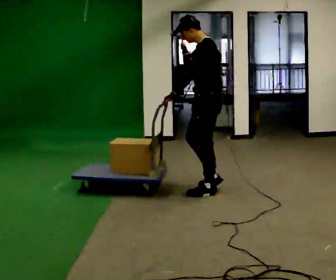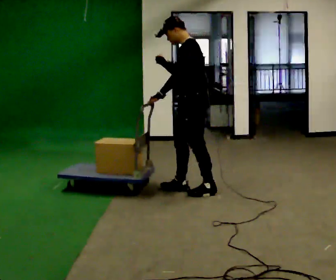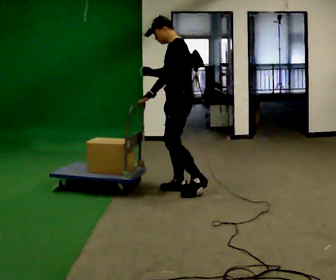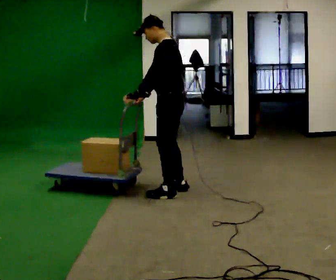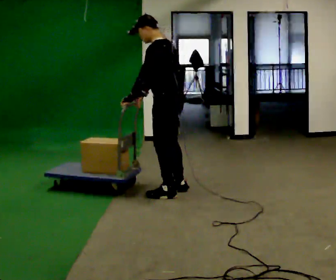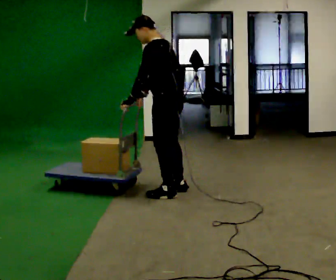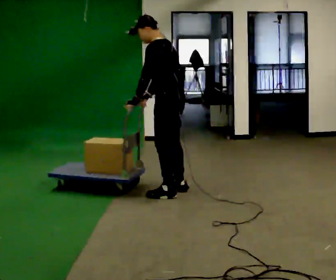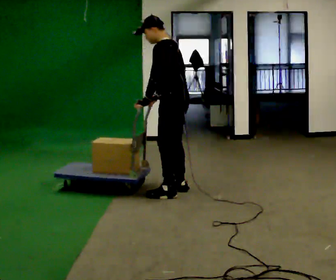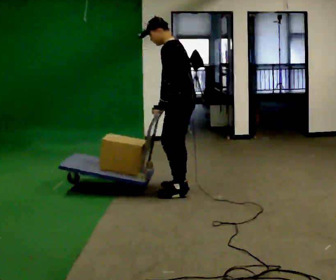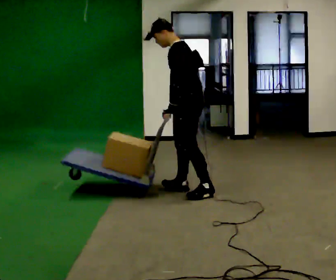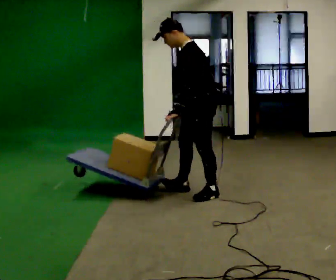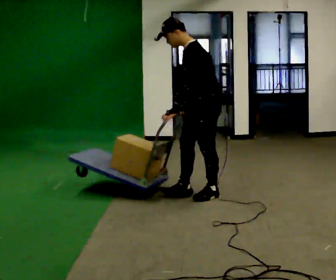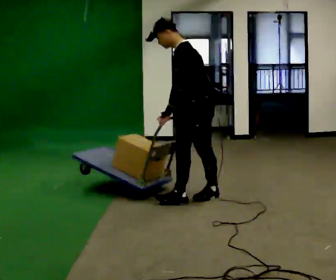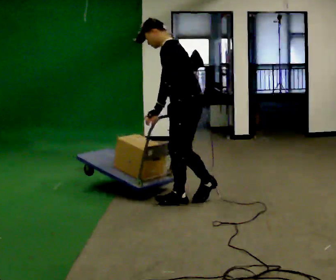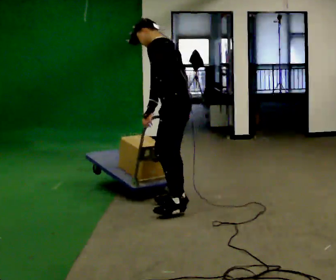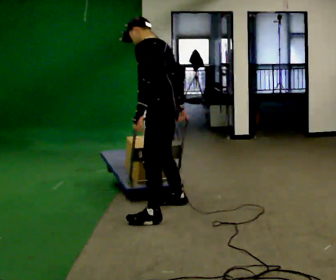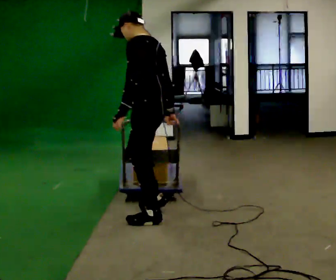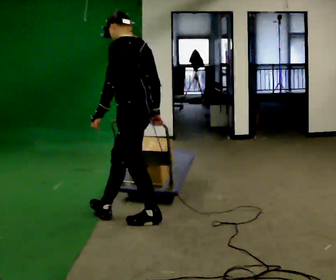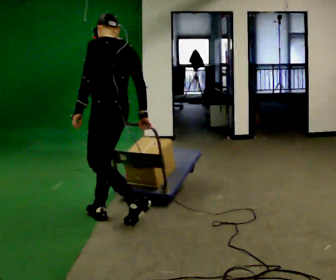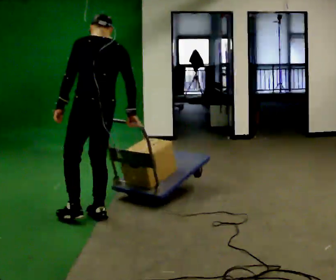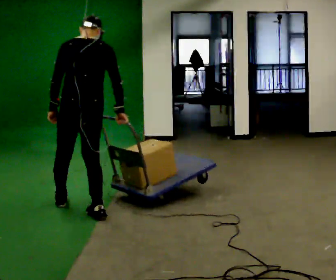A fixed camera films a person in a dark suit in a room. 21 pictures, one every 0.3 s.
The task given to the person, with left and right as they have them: Turn the cart round to face the other way without moving it out of the marked square, then turn it back. Repeat until the operator says stop.
0.0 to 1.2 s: In the picture they go to the left, about 0.25 m in 2 steps, which for them is forward. In the picture their left hand goes downward.
1.2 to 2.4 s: In the picture their left hand goes to the right.
2.4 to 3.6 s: Seen from above the body turns counterclockwise, about 30 degrees: to their left, with its near side sliding to the right. In the picture they go toward the camera, about 0.25 m in 2 steps, which for them is to their left.
3.6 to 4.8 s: The part of the body nearest the lens slides to the left as the person turns to their right by about 30 degrees. In the picture they go toward the camera and to the left, about 0.75 m in 1 step, which for them is to their left and forward.
4.8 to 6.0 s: Seen from above the body turns clockwise, about 60 degrees: to their right, with its near side sliding to the left. In the picture they go to the left, about 0.5 m in 1 step.
The film runs forward here.
